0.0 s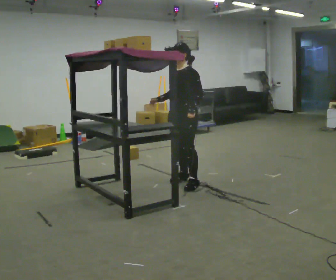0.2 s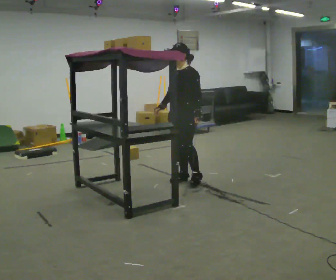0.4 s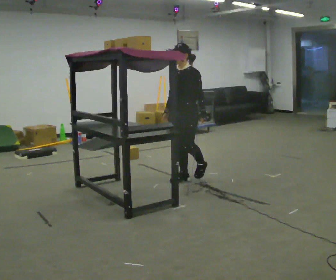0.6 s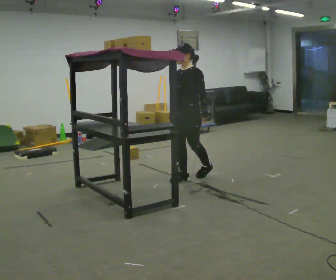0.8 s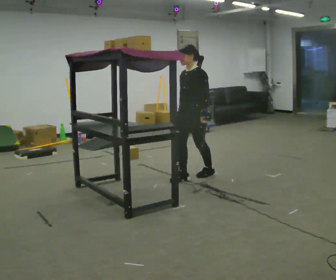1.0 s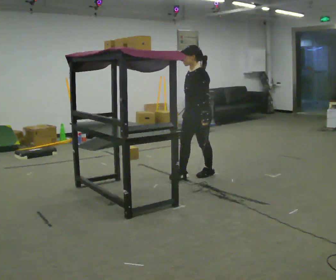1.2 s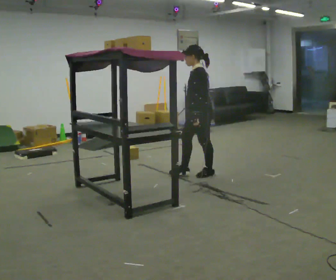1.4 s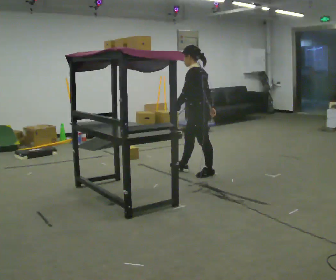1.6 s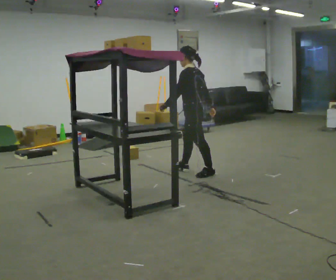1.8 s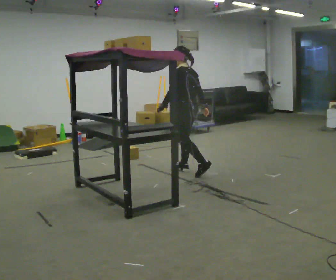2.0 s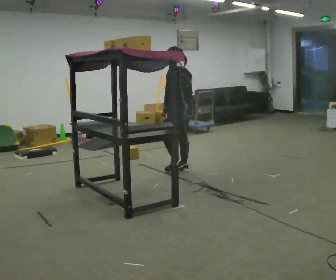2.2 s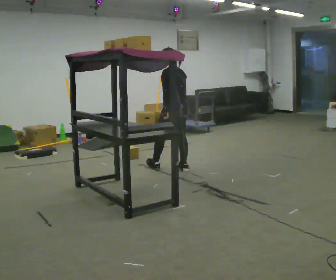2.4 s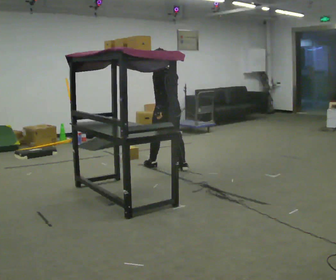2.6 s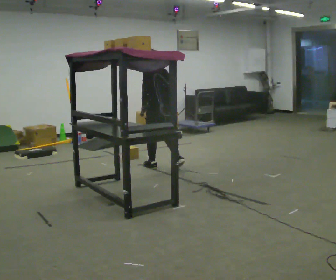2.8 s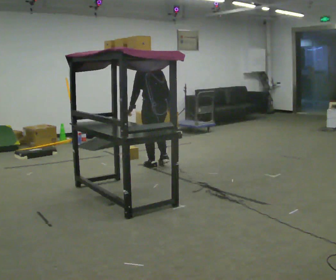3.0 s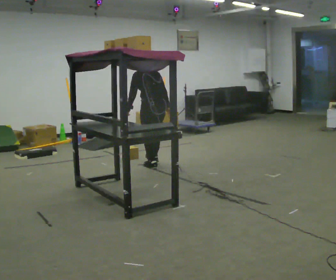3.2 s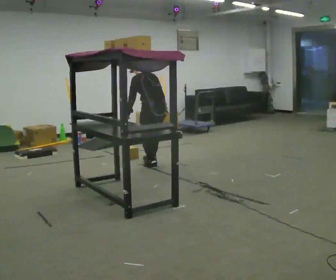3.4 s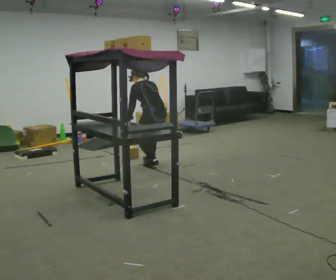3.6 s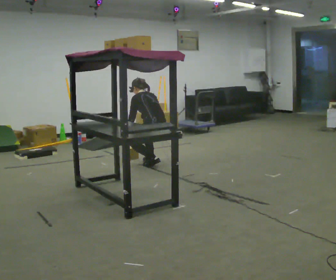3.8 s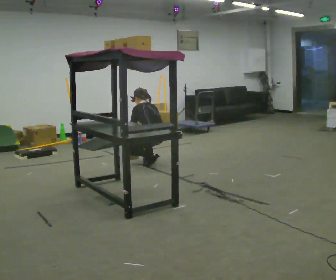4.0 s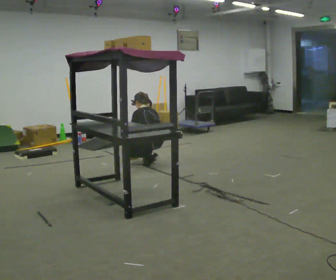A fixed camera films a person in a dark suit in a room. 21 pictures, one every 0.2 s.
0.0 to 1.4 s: Seen from above the body turns clockwise, about 60 degrees: to their right, with its near side sliding to the left. In the picture they go away from the camera and to the right, about 0.25 m in 2 steps.
1.4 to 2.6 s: Seen from above the body turns clockwise, about 45 degrees: to their right, with its near side sliding to the left. In the picture they go to the left and away from the camera, about 0.5 m in 1 step, which for them is forward.
2.6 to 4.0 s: In the picture they go away from the camera, about 0.25 m in 1 step, which for them is forward. The shoulders move downward. The upper body tips away from the camera, its near side rolling upward, as they bend forward. In the picture their right hand goes downward and to the left.
The film runs forward here.
